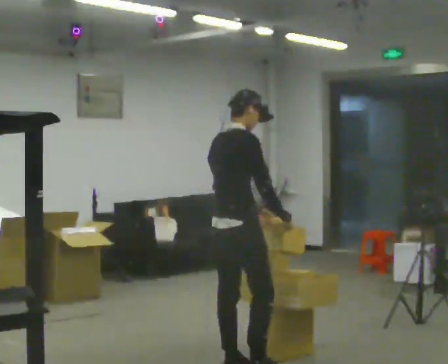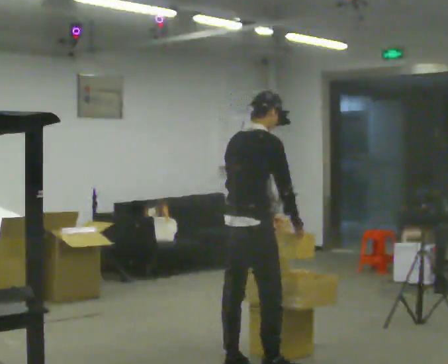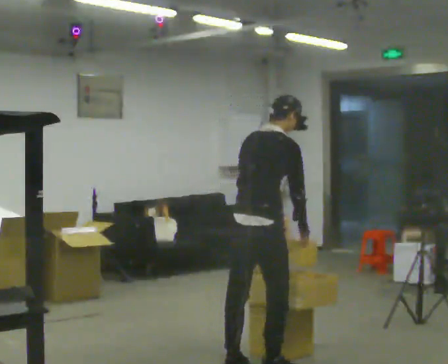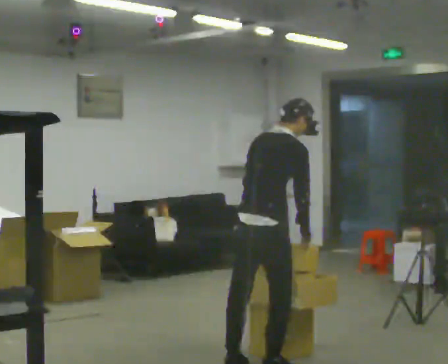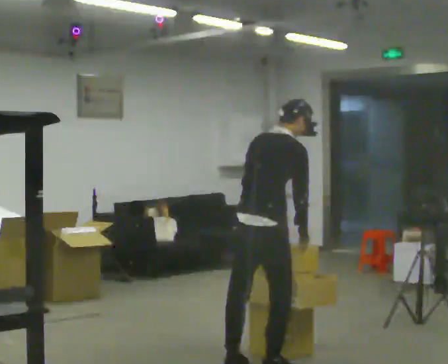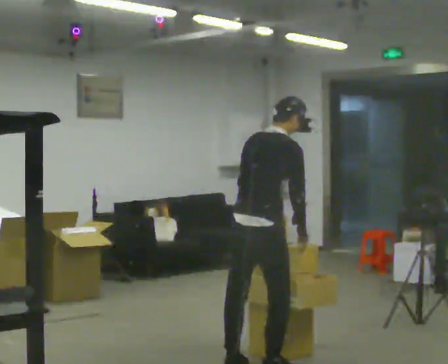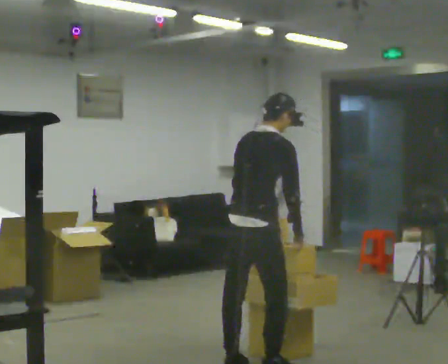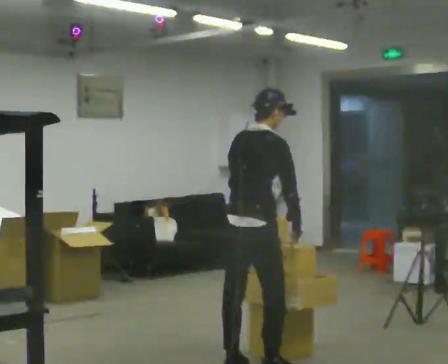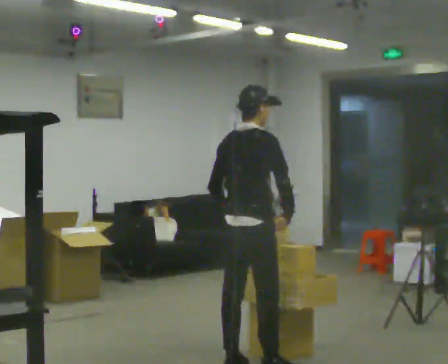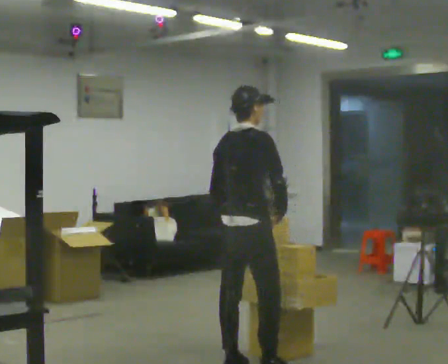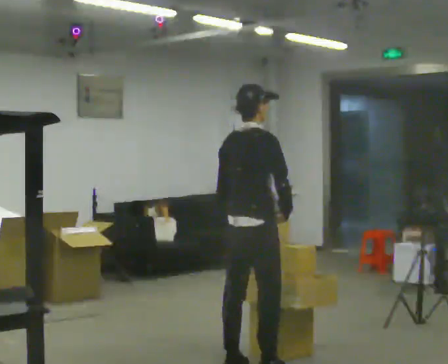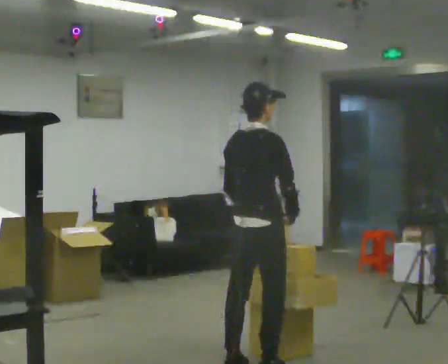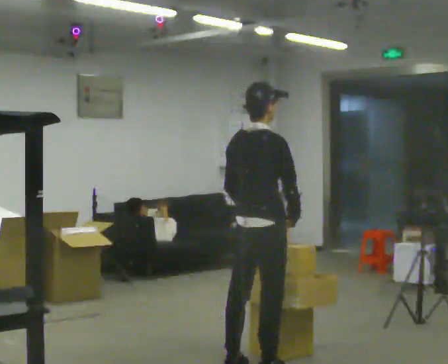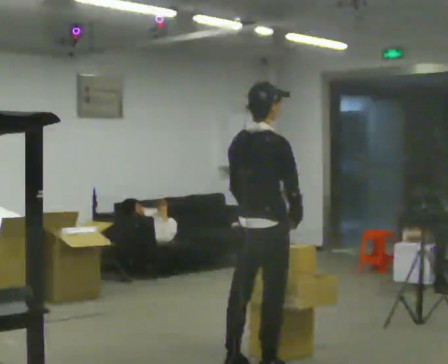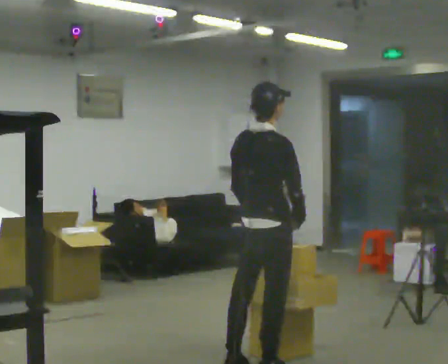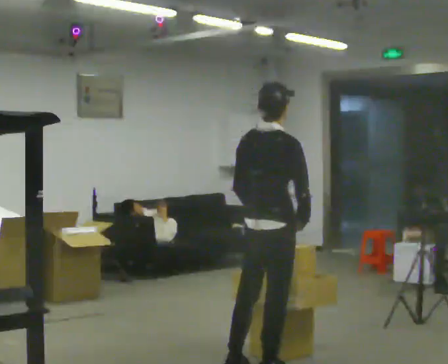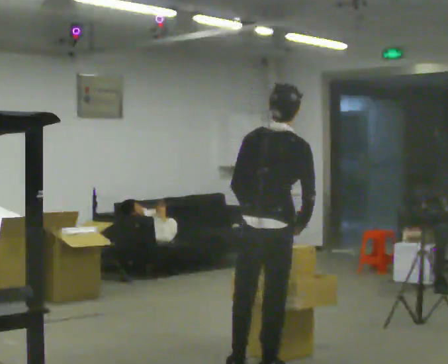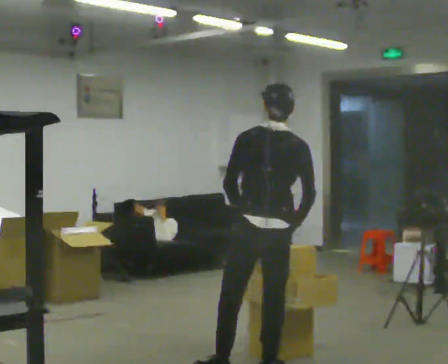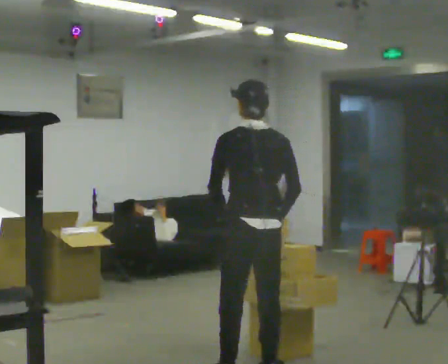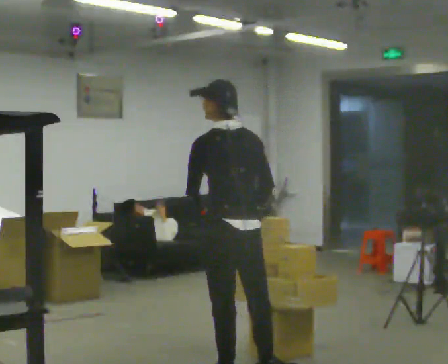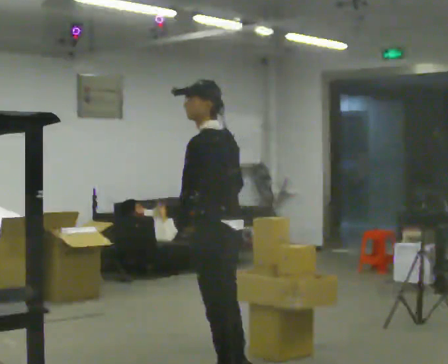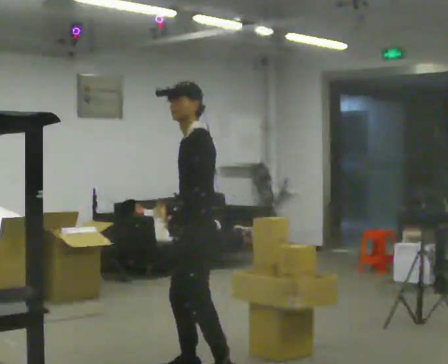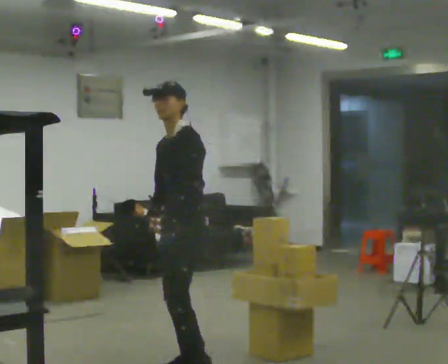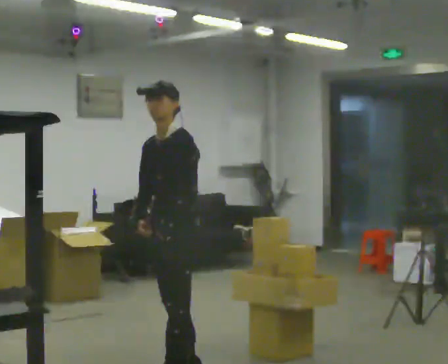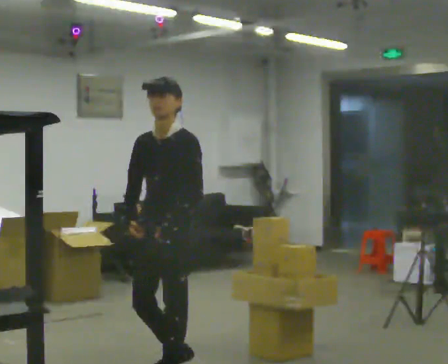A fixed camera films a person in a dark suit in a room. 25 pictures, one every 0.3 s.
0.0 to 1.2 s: In the picture the upper body tilts clockwise, shoulders to the right, as they bend forward.
1.2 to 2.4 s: In the picture the upper body tilts counterclockwise, shoulders to the left, as they lean back or straighten.
2.4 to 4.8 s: In the picture they go toward the camera, about 0.25 m, which for them is to their right.
4.8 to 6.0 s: The person turns about 90 degrees to their left, counterclockwise seen from above, so the part of the body nearest the lens slides to the right. In the picture they go to the left, about 0.25 m in 1 step. In the picture the upper body tilts counterclockwise, shoulders to the left. In the picture their right hand goes to the left.
6.0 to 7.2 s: Seen from above the body turns counterclockwise, about 75 degrees: to their left, with its near side sliding to the right. In the picture they go to the left and toward the camera, about 0.25 m in 2 steps.
The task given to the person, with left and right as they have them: Take an object from the lowest shelf, carry it across the room, and place it on the highest shelf you can comfortably reach. Keep going until the operator says stop; one object at a time, and do not rush between trips.
The film runs forward here.
